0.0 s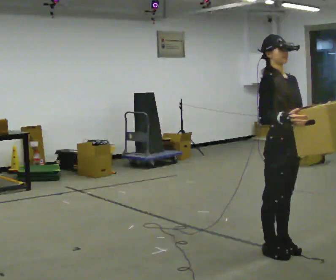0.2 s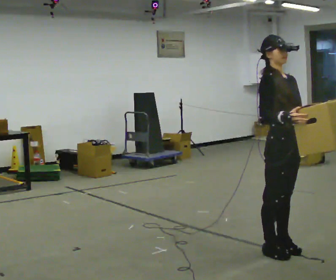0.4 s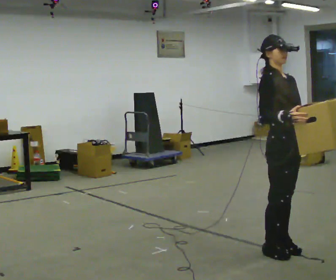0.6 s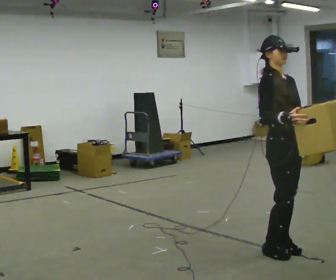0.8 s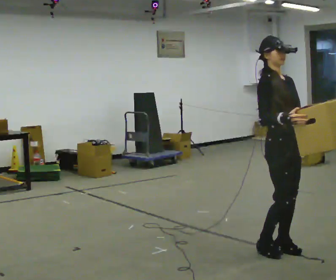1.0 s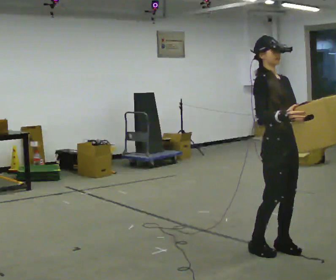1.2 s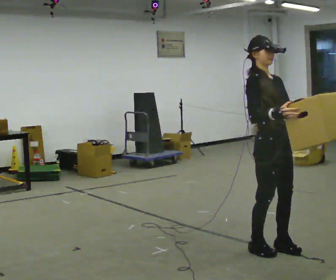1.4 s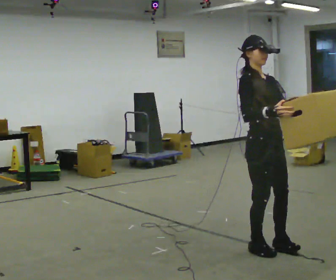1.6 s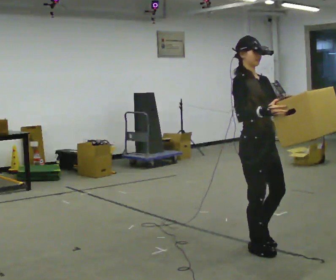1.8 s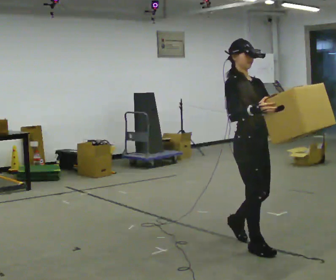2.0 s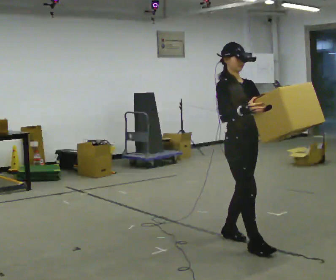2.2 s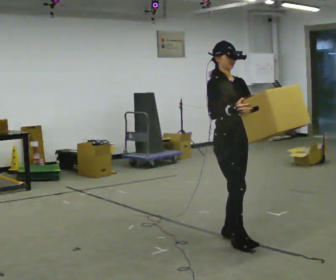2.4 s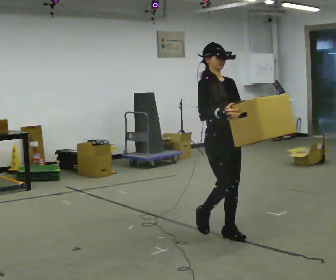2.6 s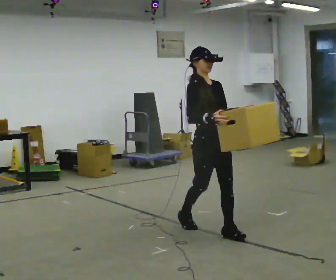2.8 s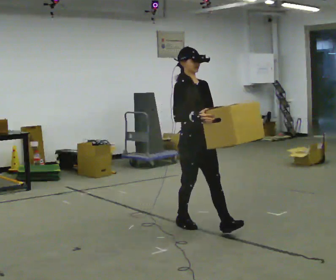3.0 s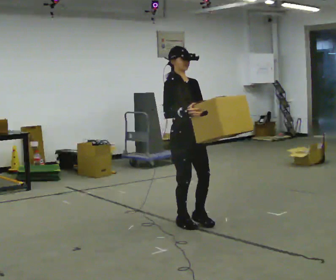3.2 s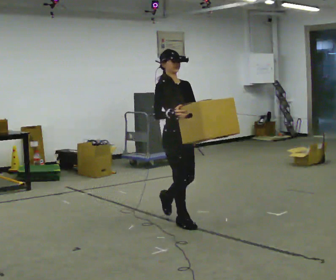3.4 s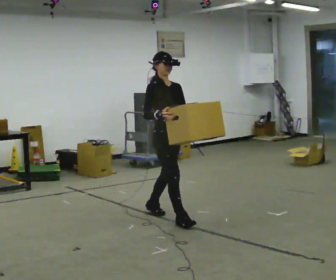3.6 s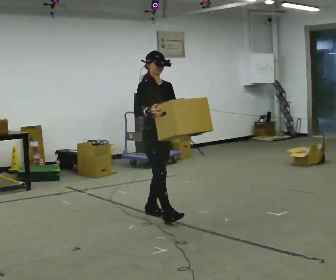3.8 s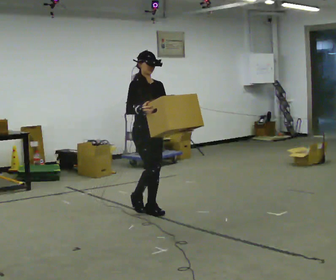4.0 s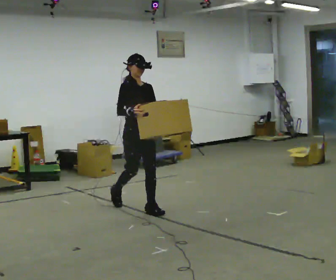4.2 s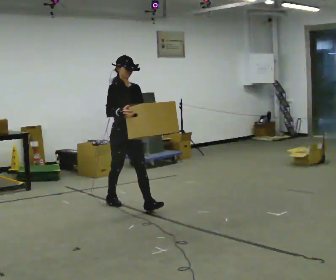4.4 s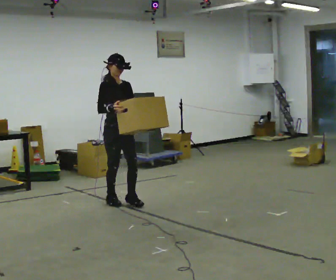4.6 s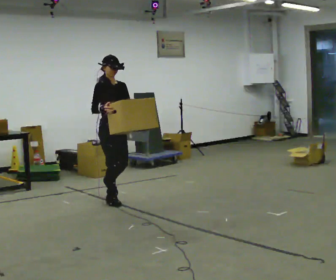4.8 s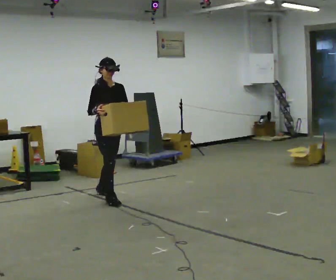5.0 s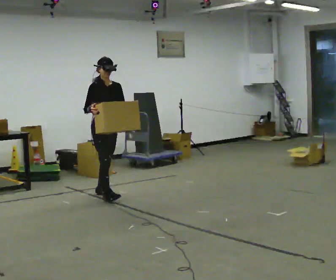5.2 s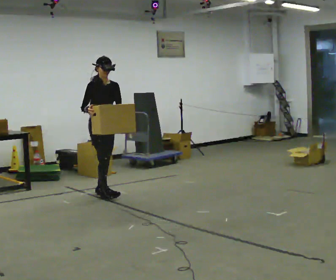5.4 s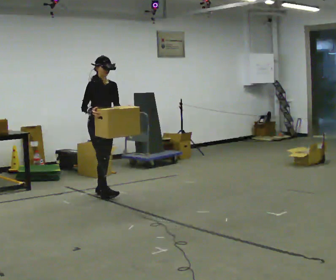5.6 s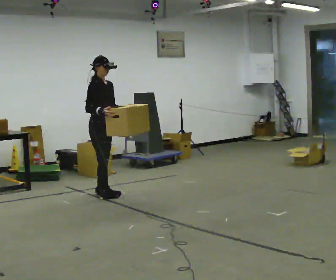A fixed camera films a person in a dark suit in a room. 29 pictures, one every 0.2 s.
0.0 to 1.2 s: The person moves a little, or ends about where they began.
1.2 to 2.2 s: In the picture they go away from the camera and to the left, about 0.5 m in 2 steps, which for them is backward.
2.2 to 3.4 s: In the picture they go away from the camera and to the left, about 1 m in 1 step, which for them is backward.
3.4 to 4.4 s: In the picture they go away from the camera and to the left, about 1 m in 2 steps, which for them is backward.
4.4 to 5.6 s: In the picture they go away from the camera and to the left, about 0.5 m in 1 step, which for them is backward.
The film runs backward here.
